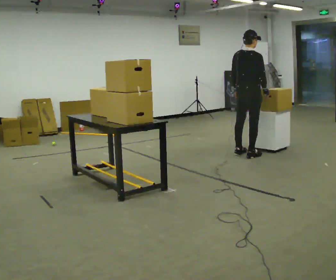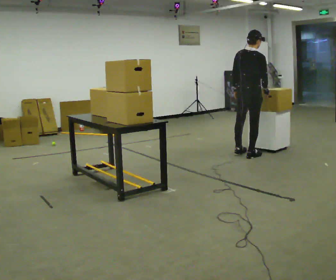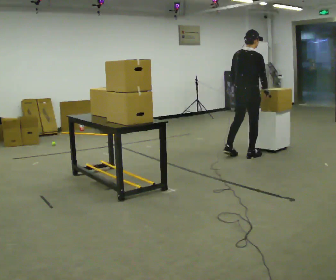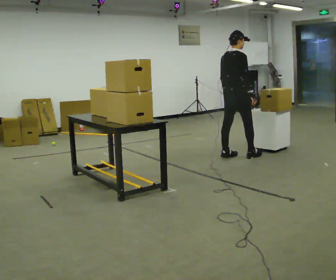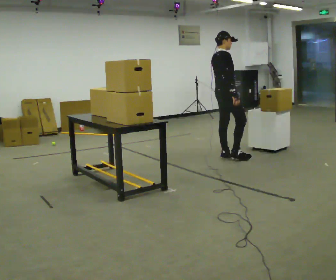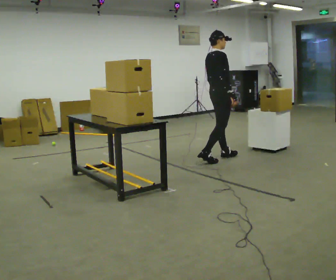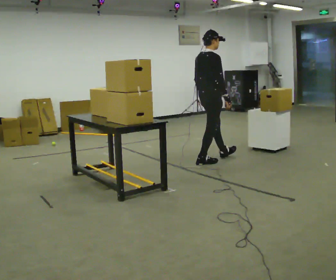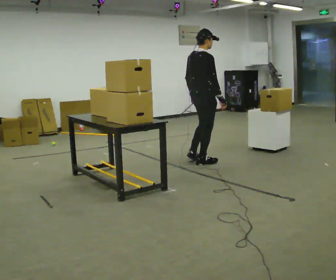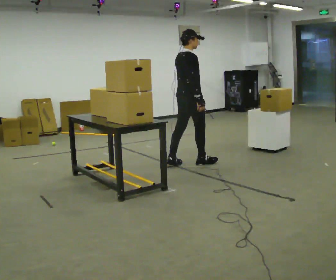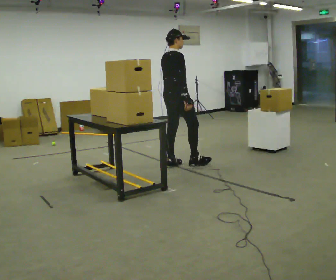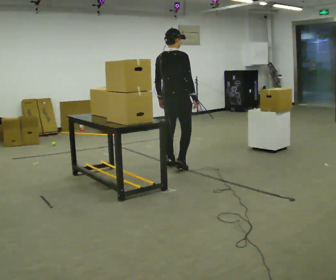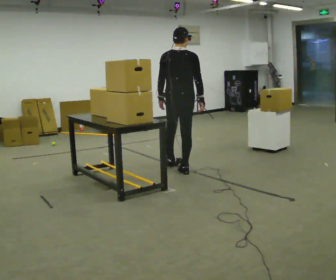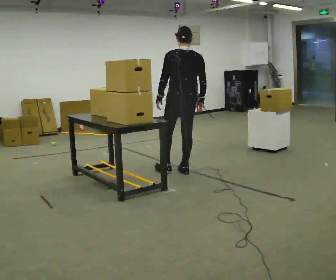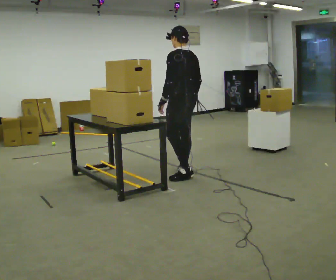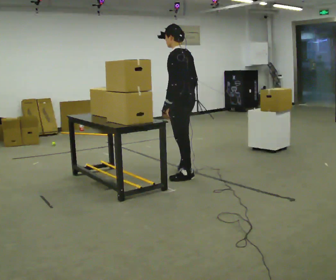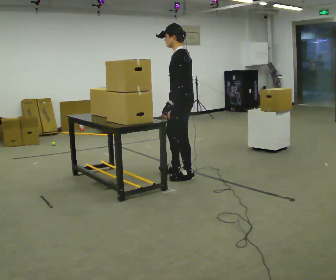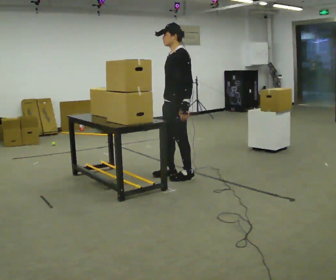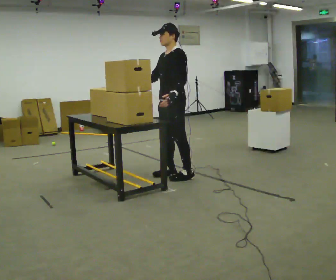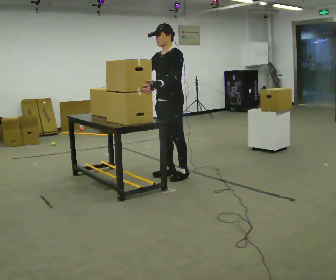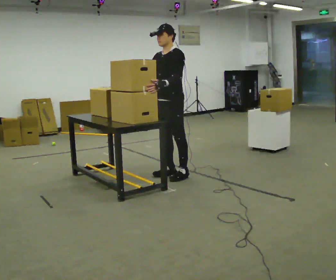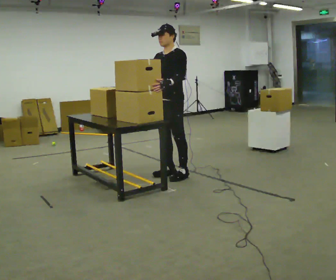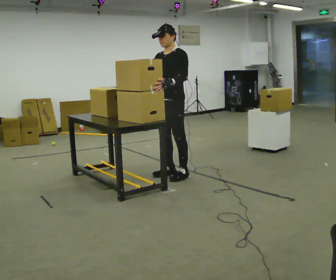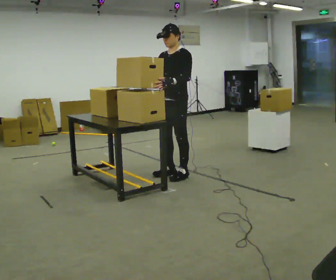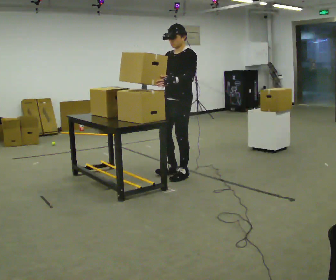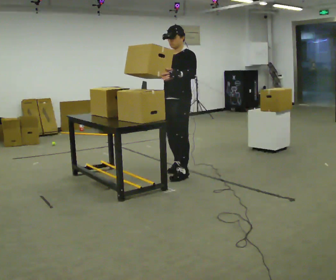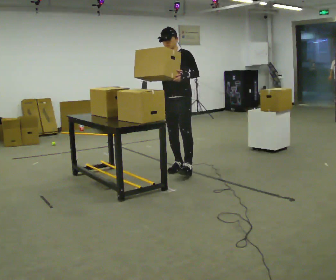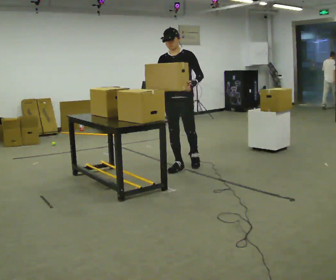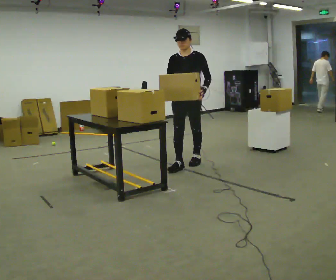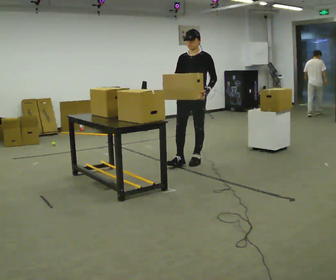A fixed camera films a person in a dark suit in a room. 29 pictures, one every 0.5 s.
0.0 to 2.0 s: The part of the body nearest the lens slides to the left as the person turns to their right by about 30 degrees. In the picture they go to the left, about 0.25 m in 2 steps, which for them is backward and to their left.
2.0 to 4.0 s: In the picture they go to the left and toward the camera, about 0.5 m in 1 step, which for them is backward.
4.0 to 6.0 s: The person turns about 75 degrees to their left, counterclockwise seen from above, so the part of the body nearest the lens slides to the right. In the picture they go toward the camera, about 0.5 m in 2 steps.
6.0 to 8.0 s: The person turns about 90 degrees to their left, counterclockwise seen from above, so the part of the body nearest the lens slides to the right. In the picture they go toward the camera, about 0.25 m. In the picture their left hand goes to the right.
8.0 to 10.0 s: The person turns about 30 degrees to their left, counterclockwise seen from above, so the part of the body nearest the lens slides to the right. In the picture their right hand goes to the left, the arm swinging clockwise.
10.0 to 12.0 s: The person moves a little, or ends about where they began.
12.0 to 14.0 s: In the picture they go away from the camera, about 0.5 m in 2 steps, which for them is backward.
The film runs backward here.
